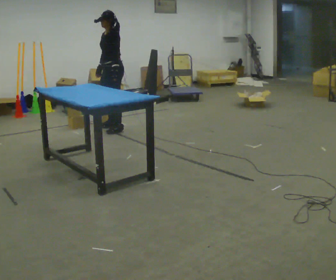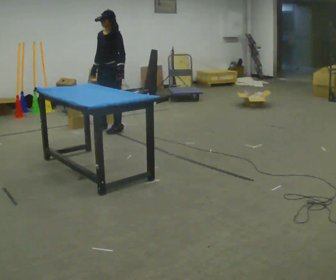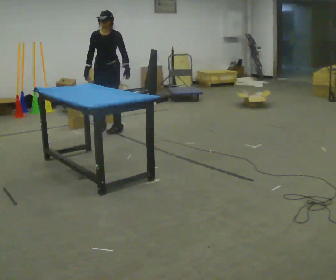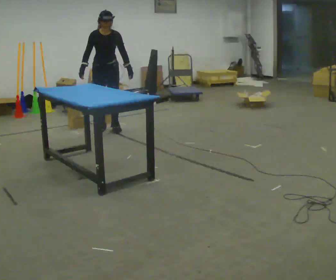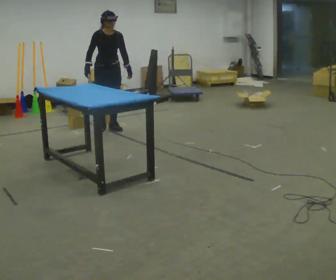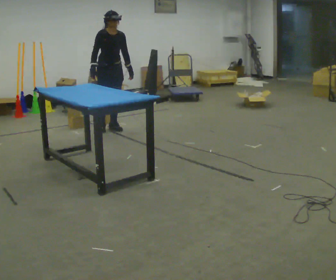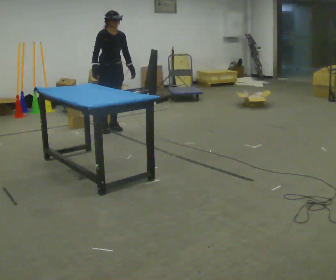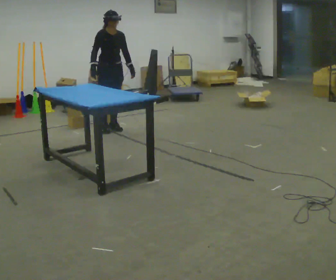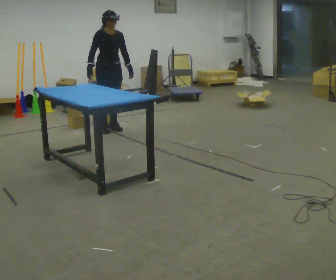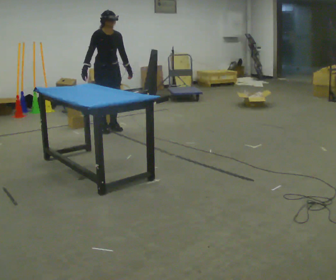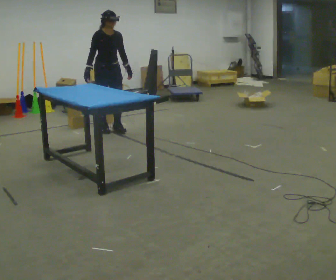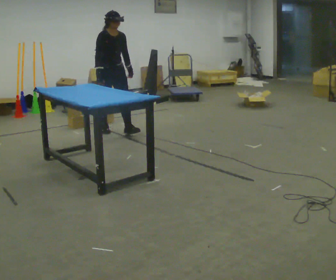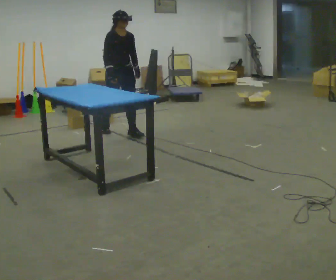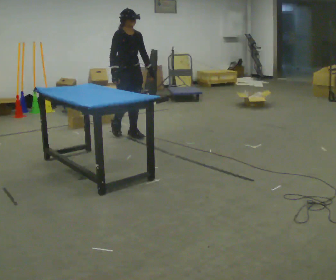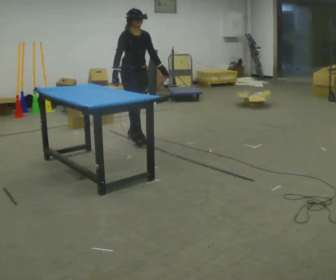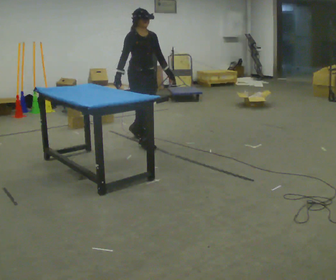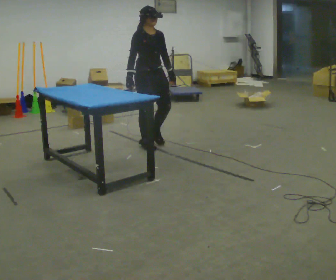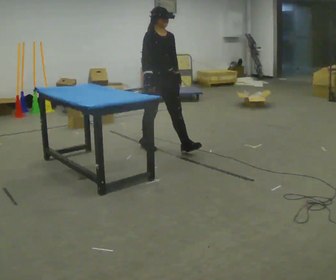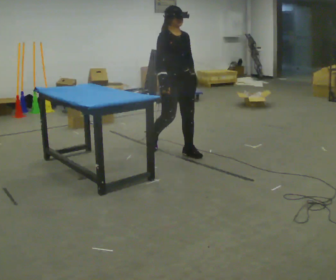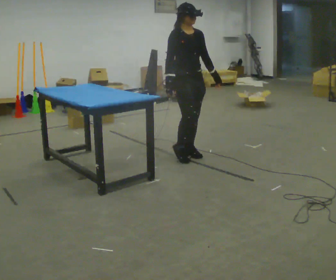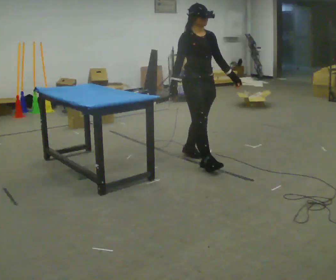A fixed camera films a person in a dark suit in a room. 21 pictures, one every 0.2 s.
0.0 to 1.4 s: Seen from above the body turns counterclockwise, about 90 degrees: to their left, with its near side sliding to the right.
1.4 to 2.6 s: In the picture they go toward the camera and to the right, about 0.5 m in 1 step, which for them is forward.
2.6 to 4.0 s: In the picture they go toward the camera and to the right, about 1.5 m in 3 steps, which for them is forward.
The film runs forward here.
